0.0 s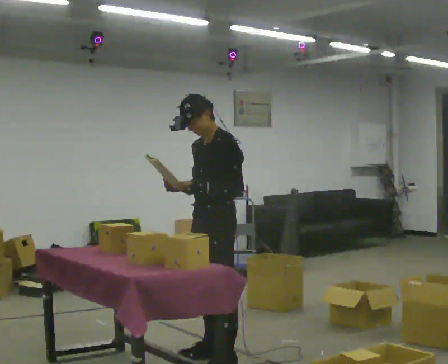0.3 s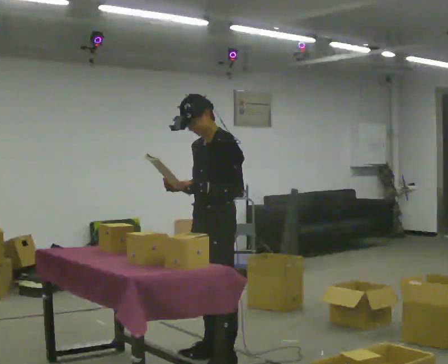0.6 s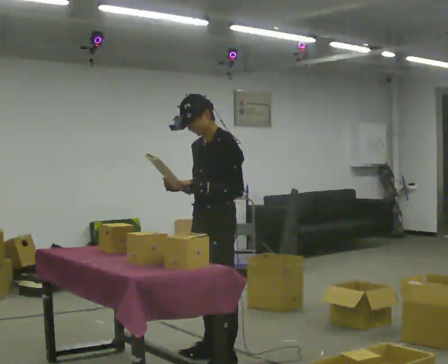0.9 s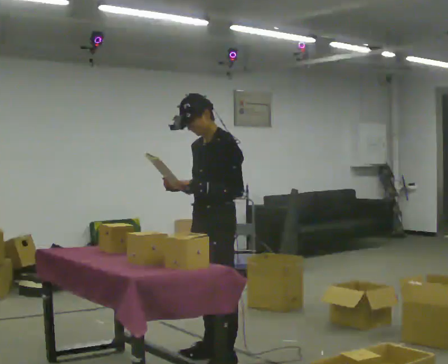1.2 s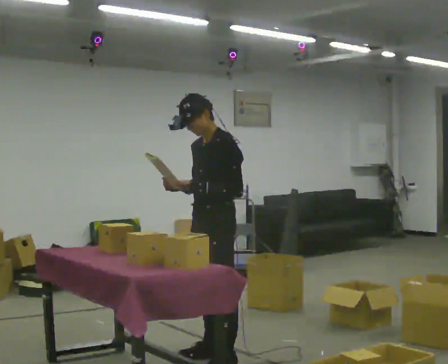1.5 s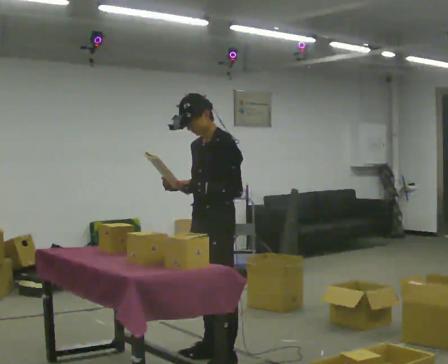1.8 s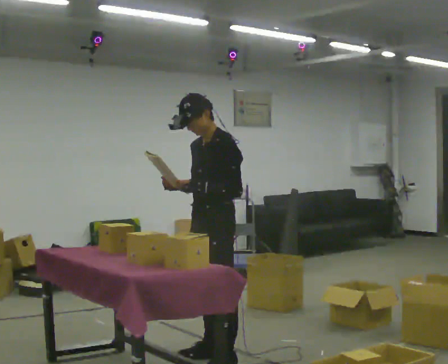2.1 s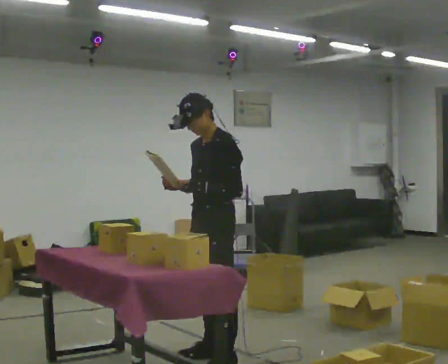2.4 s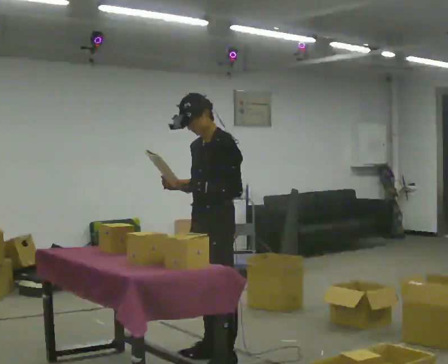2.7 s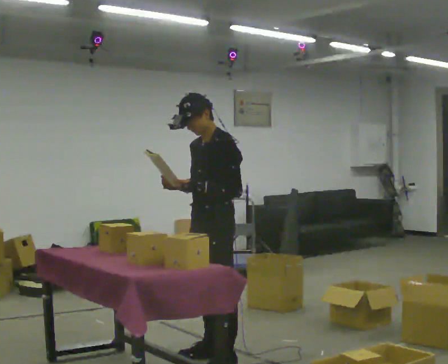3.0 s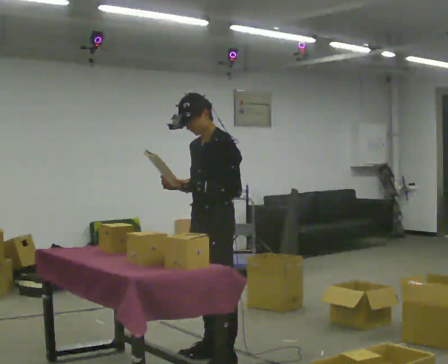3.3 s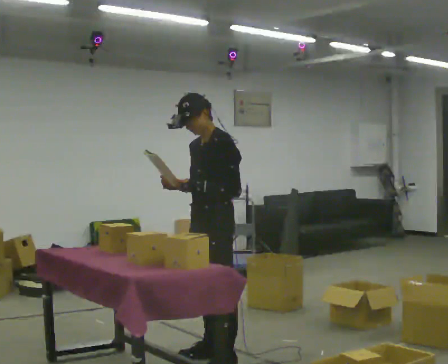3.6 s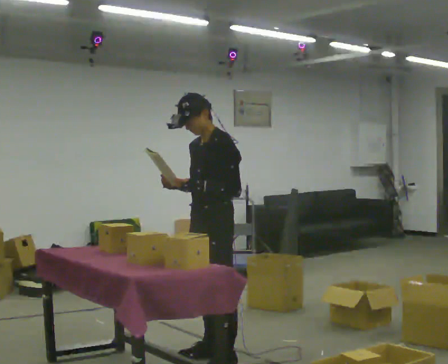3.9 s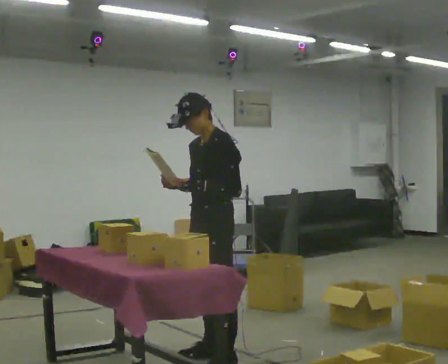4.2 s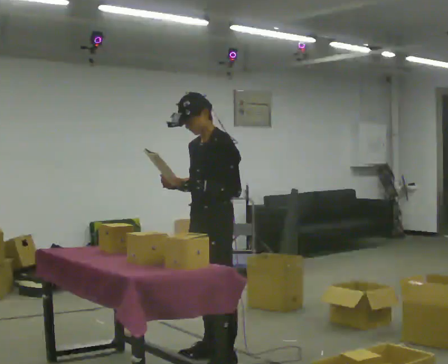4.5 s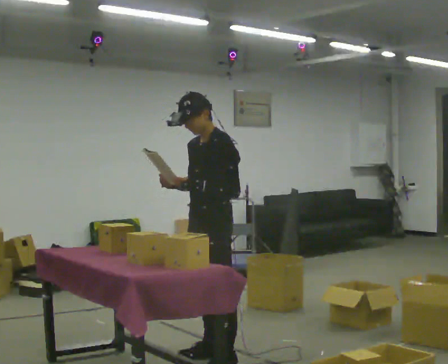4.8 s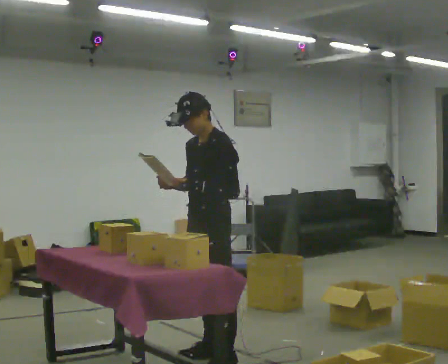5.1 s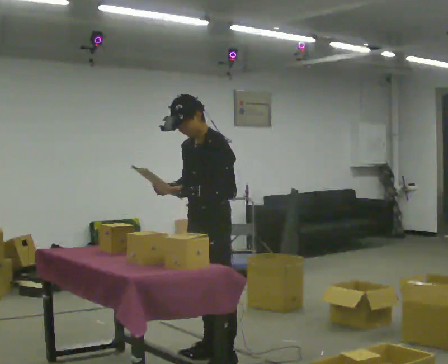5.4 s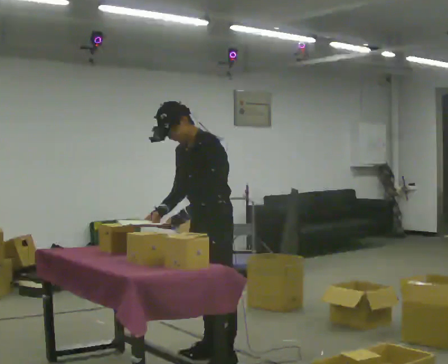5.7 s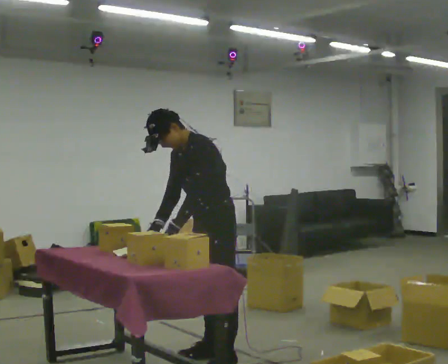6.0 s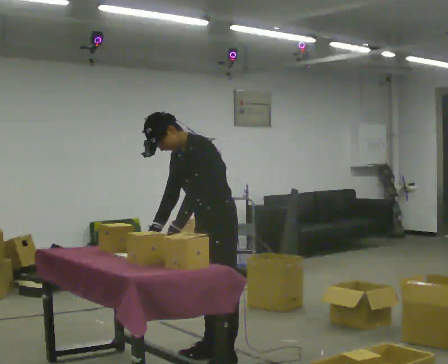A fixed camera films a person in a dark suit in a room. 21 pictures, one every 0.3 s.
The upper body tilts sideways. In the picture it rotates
counterclockwise.
0.0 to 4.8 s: The person moves a little, or ends about where they began.
4.8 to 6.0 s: In the picture the upper body tilts counterclockwise, shoulders to the left, as they bend forward. In the picture their right hand goes downward.
The film runs backward here.
